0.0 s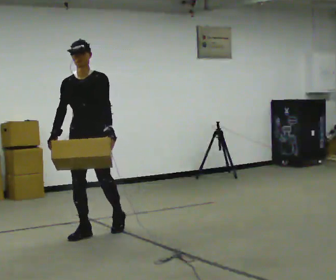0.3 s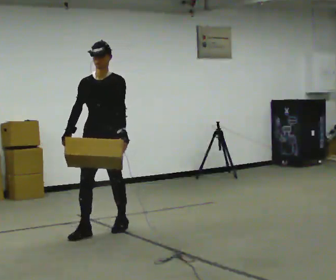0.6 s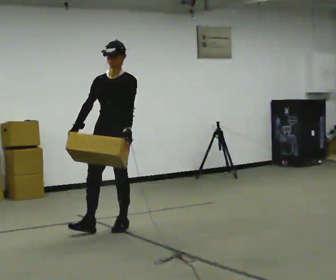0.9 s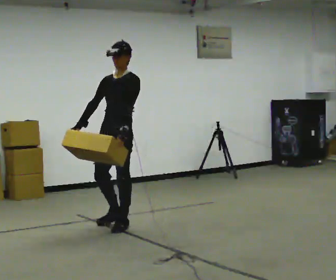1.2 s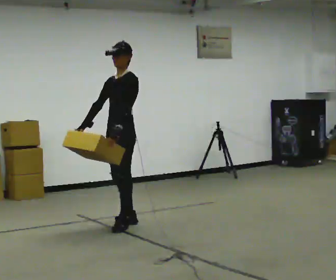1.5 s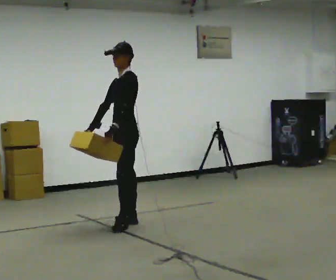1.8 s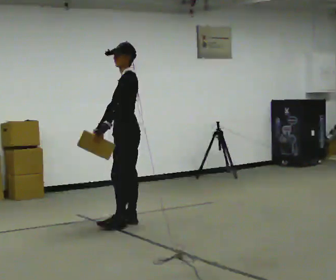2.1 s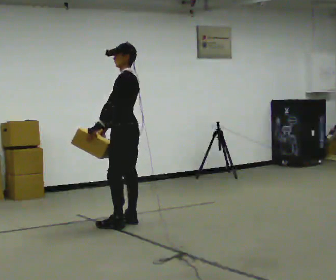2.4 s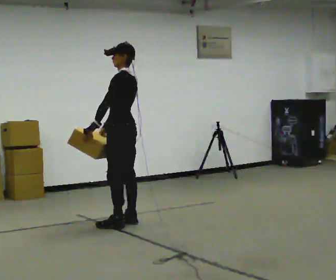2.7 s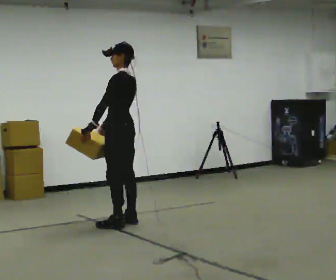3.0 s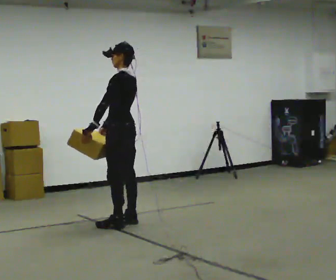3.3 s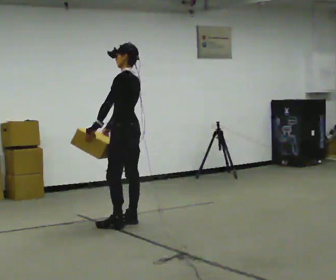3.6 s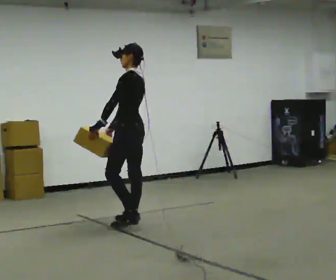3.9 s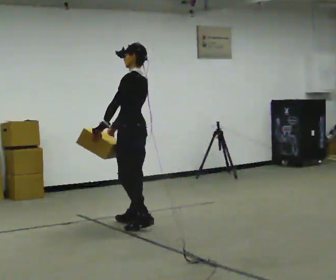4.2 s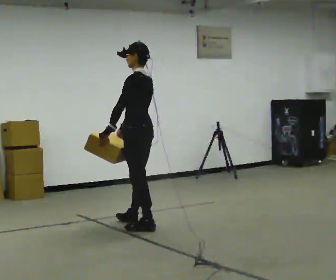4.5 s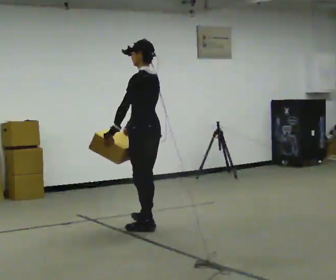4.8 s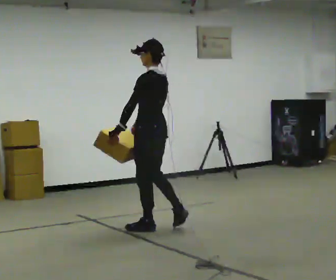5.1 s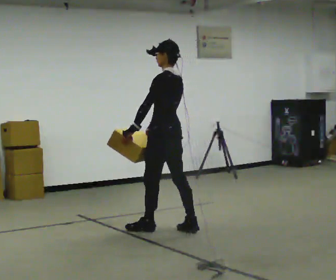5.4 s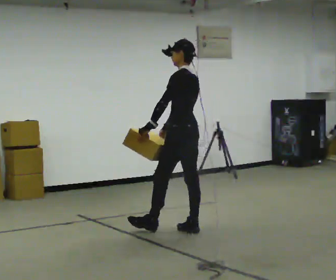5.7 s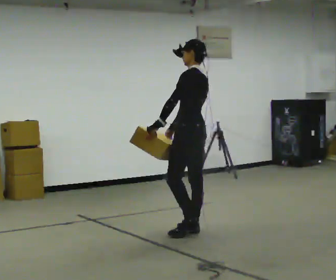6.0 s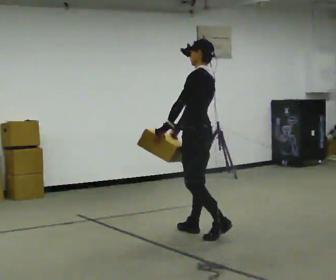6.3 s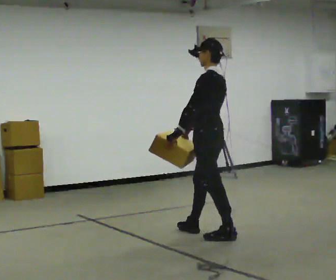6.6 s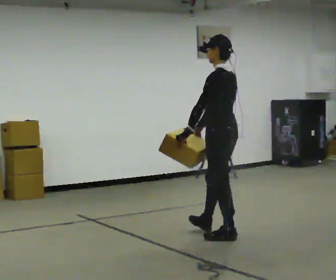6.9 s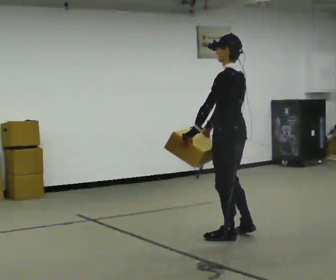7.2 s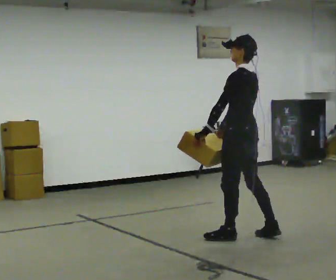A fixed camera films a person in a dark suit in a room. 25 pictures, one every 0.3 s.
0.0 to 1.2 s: The part of the body nearest the lens slides to the left as the person turns to their right by about 45 degrees. In the picture they go away from the camera and to the right, about 0.5 m in 1 step, which for them is backward.
1.2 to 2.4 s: Seen from above the body turns clockwise, about 45 degrees: to their right, with its near side sliding to the left.
2.4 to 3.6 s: The person moves a little, or ends about where they began.
3.6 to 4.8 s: In the picture they go toward the camera and to the right, about 0.25 m in 1 step, which for them is backward and to their left.
4.8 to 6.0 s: In the picture they go to the right and toward the camera, about 0.5 m in 1 step, which for them is backward.
6.0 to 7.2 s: In the picture they go to the right and toward the camera, about 0.5 m in 1 step, which for them is backward.
The film runs backward here.
